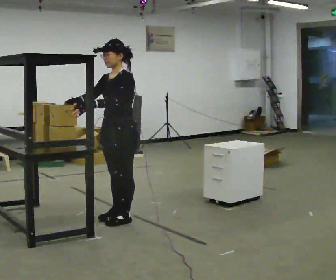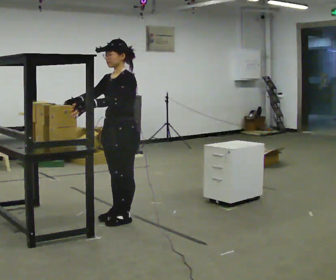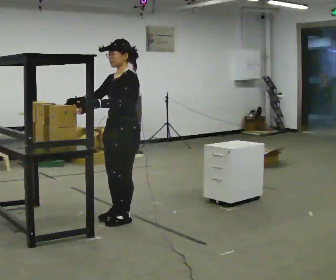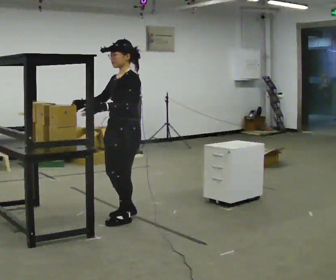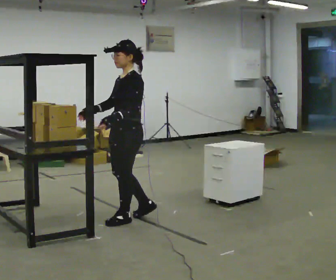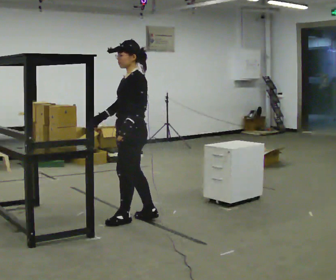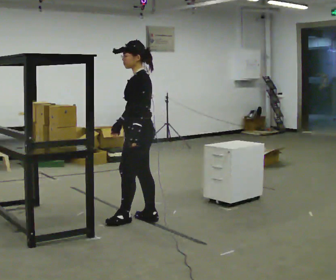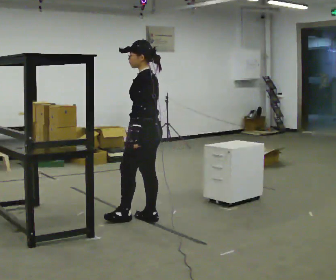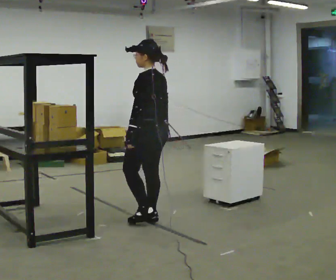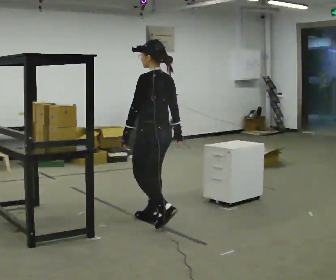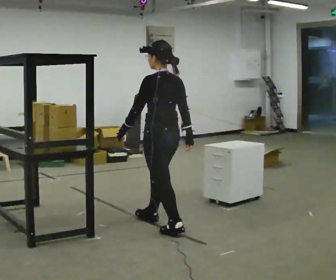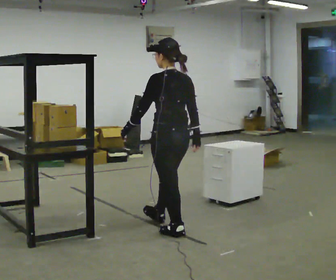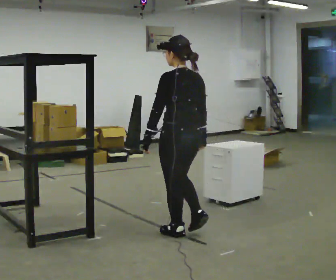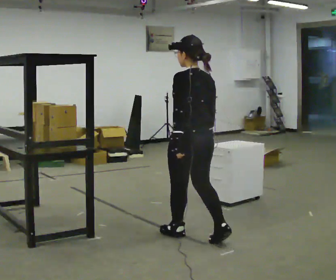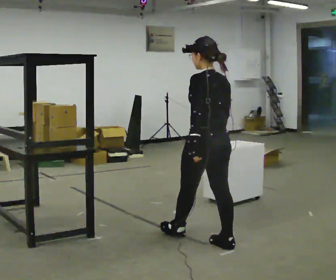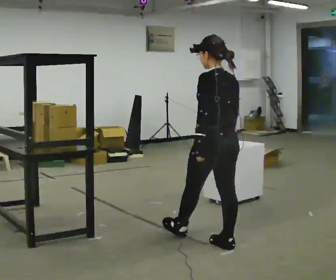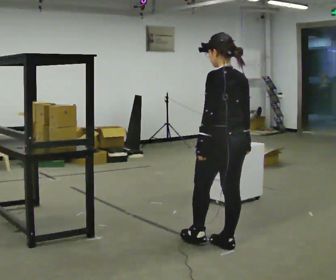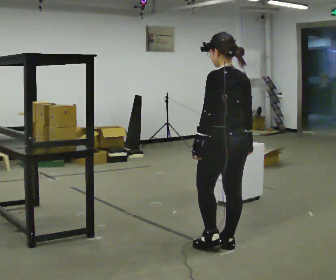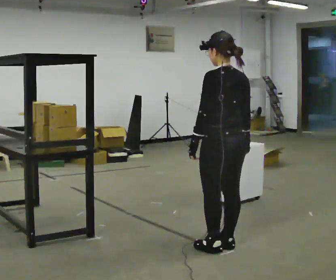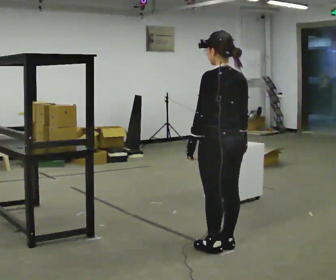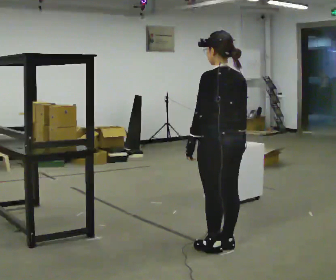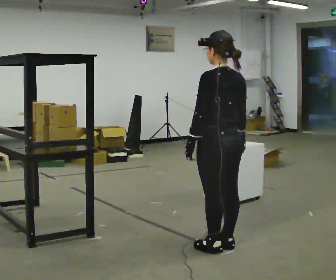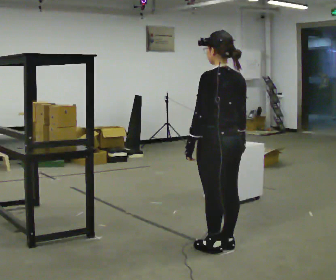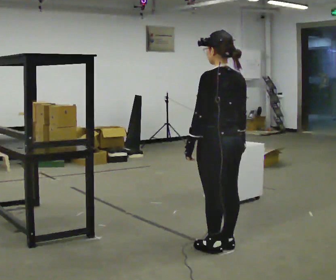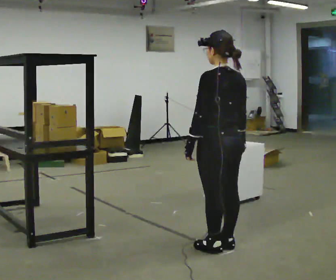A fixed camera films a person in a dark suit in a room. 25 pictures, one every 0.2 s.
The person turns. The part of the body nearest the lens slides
to the left.
The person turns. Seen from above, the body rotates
clockwise.
0.0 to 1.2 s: Seen from above the body turns clockwise, about 30 degrees: to their right, with its near side sliding to the left. In the picture they go to the right, about 0.25 m in 1 step, which for them is backward. In the picture their right hand goes to the right.
1.2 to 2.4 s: The part of the body nearest the lens slides to the left as the person turns to their right by about 60 degrees. In the picture they go toward the camera and to the right, about 0.5 m in 2 steps, which for them is backward.
2.4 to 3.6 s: In the picture they go to the right and toward the camera, about 0.5 m in 1 step, which for them is backward.
3.6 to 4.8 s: The person moves a little, or ends about where they began.
The film runs backward here.
